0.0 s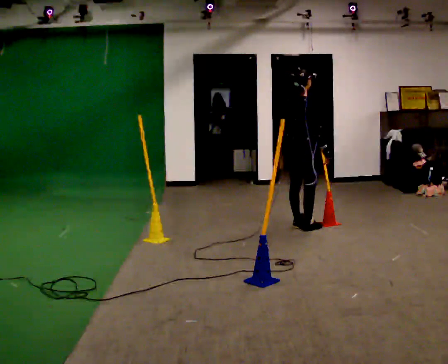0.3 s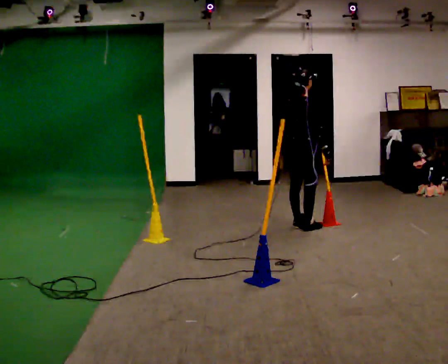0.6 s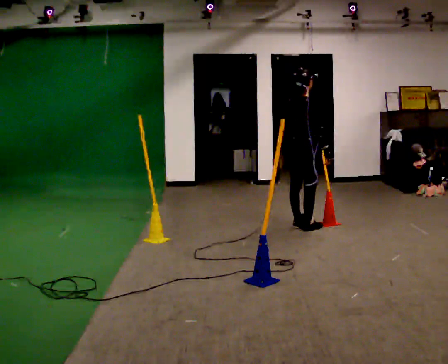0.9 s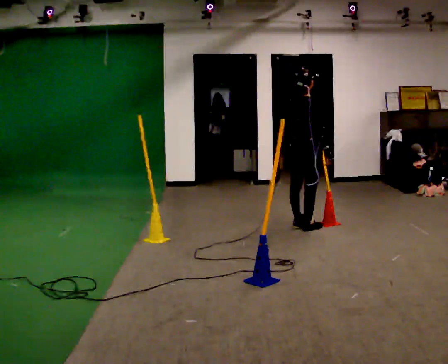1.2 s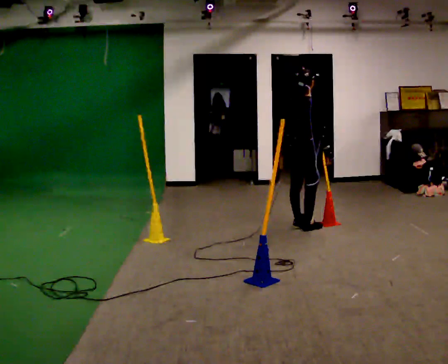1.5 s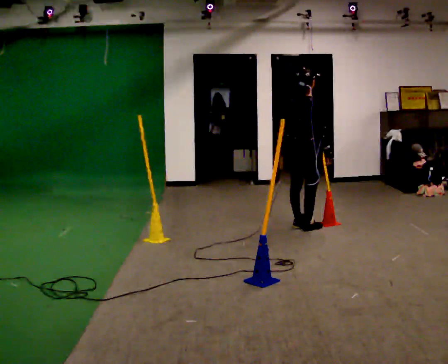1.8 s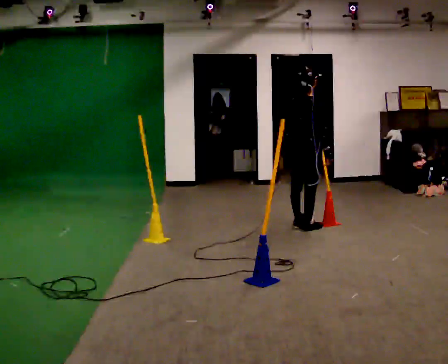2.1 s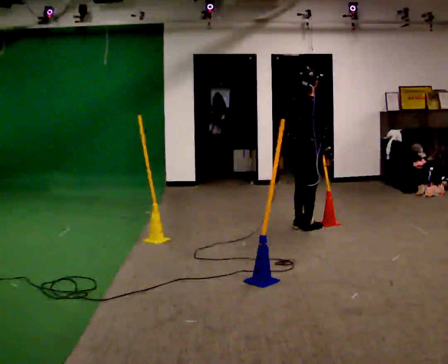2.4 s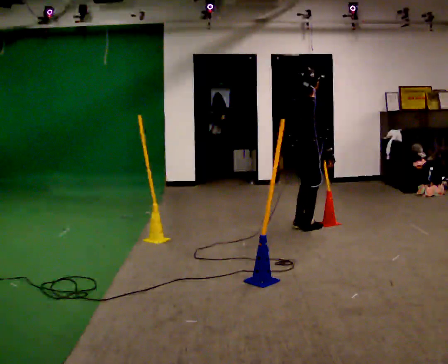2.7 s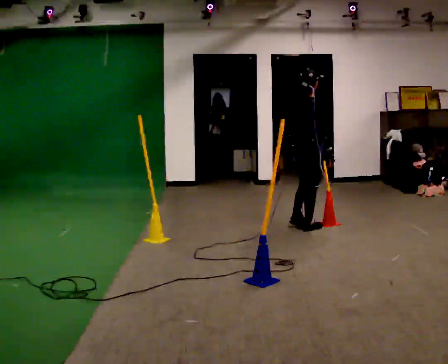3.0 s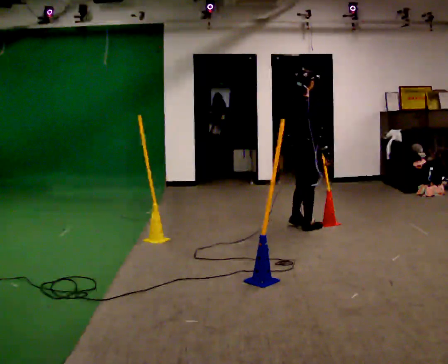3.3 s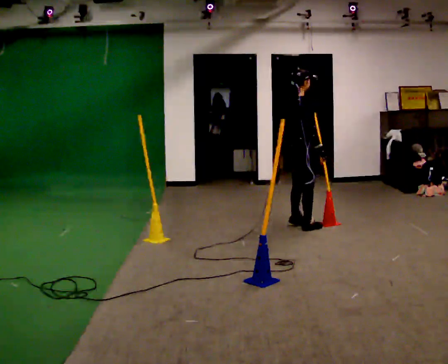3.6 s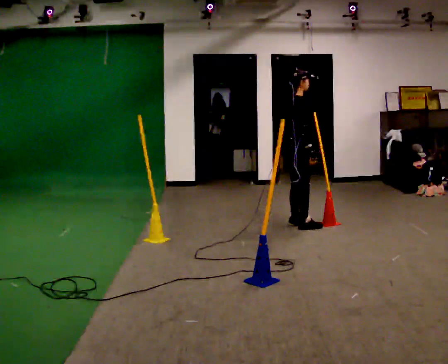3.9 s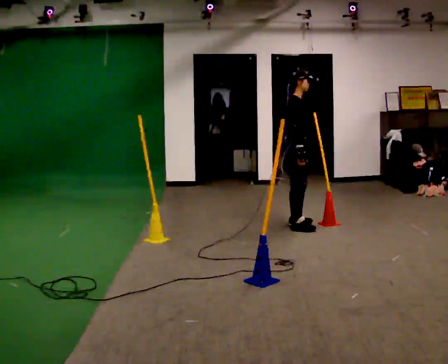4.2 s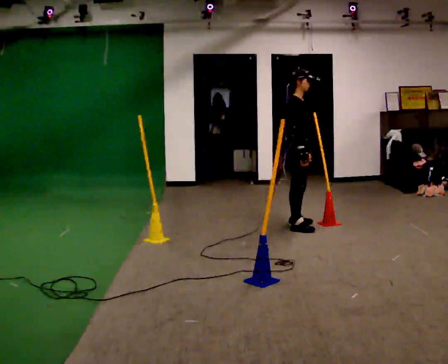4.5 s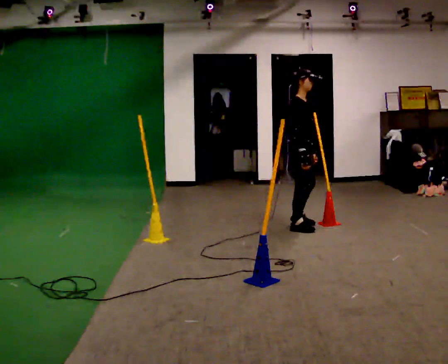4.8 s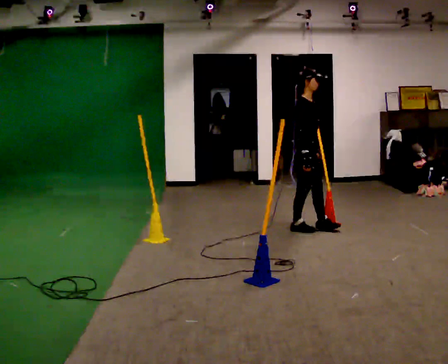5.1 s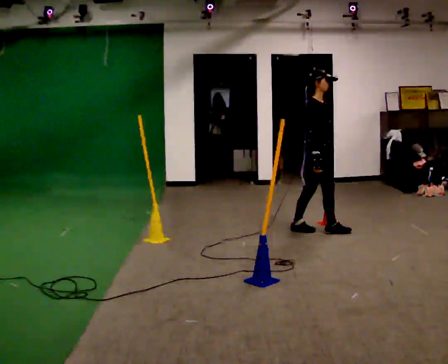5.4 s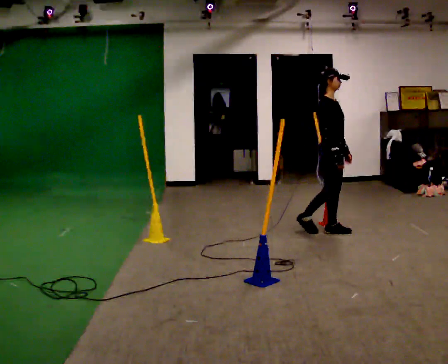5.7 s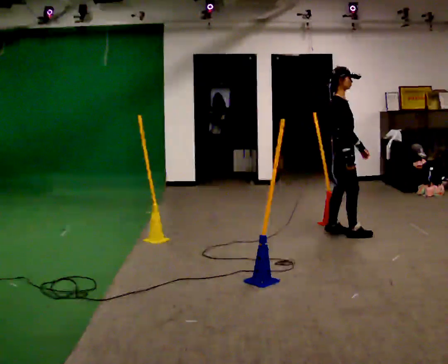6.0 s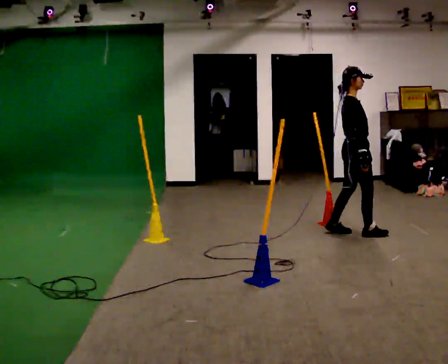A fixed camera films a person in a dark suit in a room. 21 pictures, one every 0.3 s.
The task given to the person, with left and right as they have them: Start at marker; visit targets in order; choose natural paths; avoid obstacles; stop at final target.
0.0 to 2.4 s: The person moves a little, or ends about where they began.
2.4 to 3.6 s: Seen from above the body turns clockwise, about 45 degrees: to their right, with its near side sliding to the left. In the picture they go away from the camera, about 0.25 m, which for them is to their left.
3.6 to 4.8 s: The person turns about 30 degrees to their right, clockwise seen from above, so the part of the body nearest the lens slides to the left. In the picture they go toward the camera, about 0.25 m, which for them is to their right.
4.8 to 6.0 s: In the picture they go to the right, about 0.5 m in 2 steps, which for them is forward.
The film runs forward here.
